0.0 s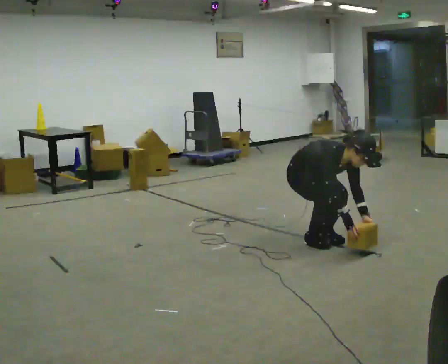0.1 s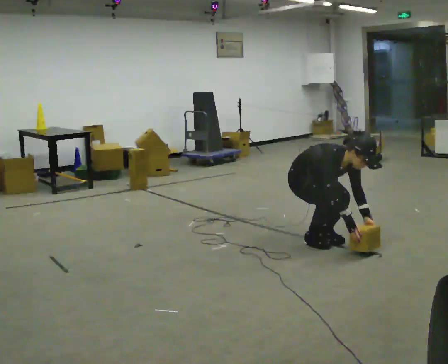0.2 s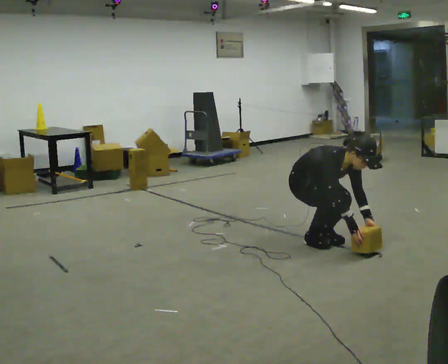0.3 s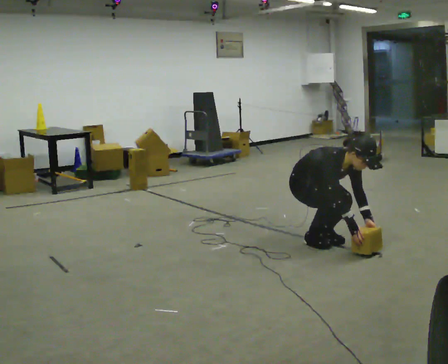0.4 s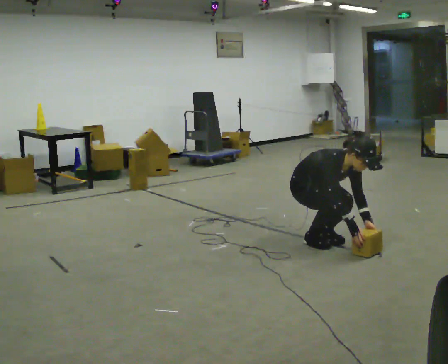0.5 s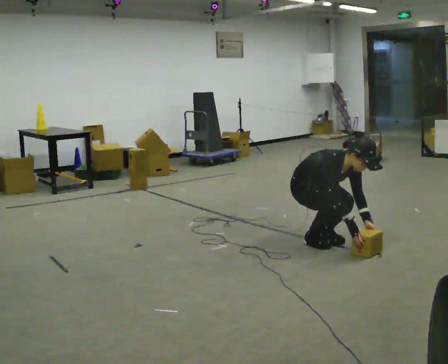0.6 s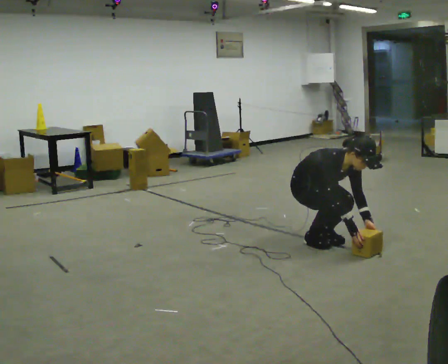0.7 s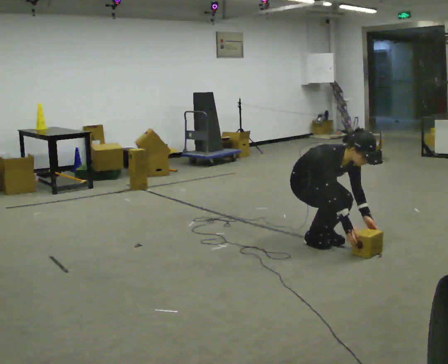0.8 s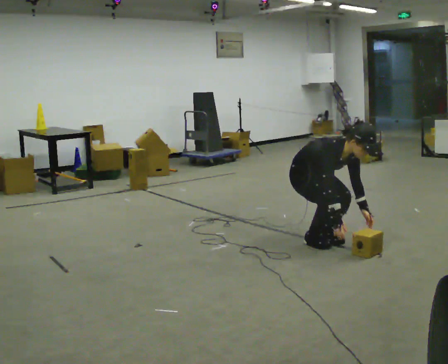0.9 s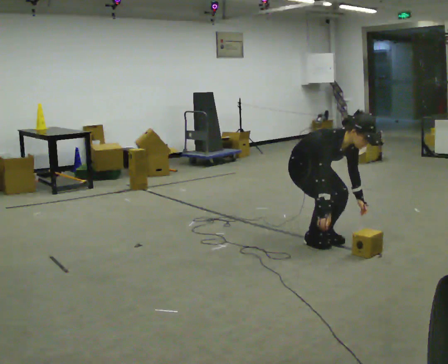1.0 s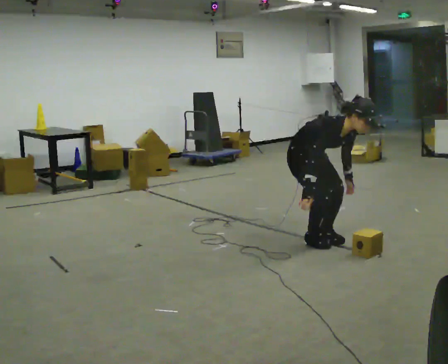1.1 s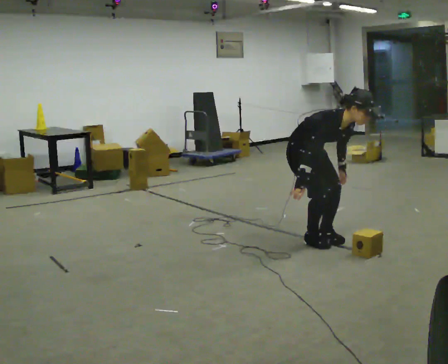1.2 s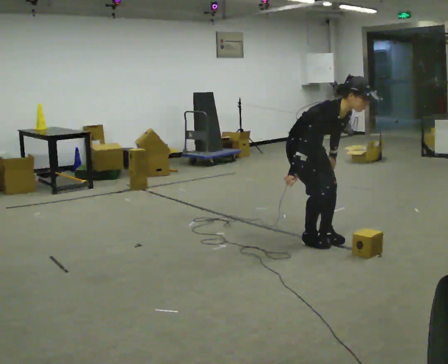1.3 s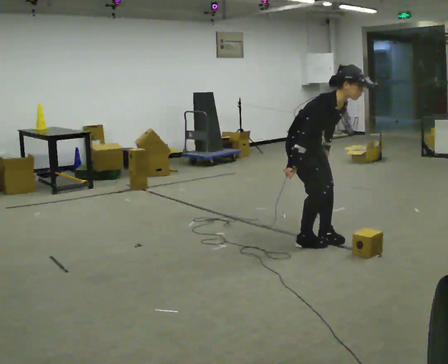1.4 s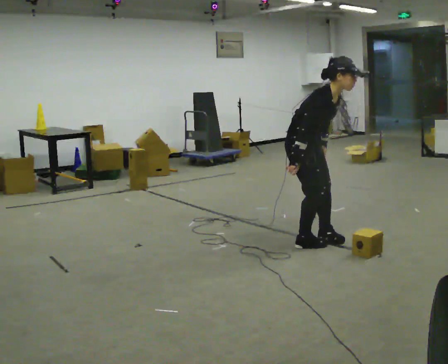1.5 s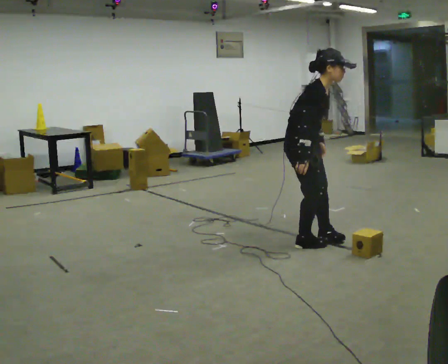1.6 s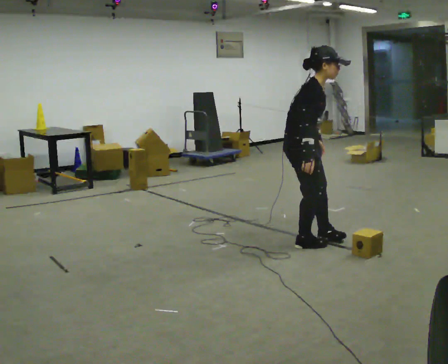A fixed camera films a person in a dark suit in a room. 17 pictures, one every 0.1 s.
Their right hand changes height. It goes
upward.
Their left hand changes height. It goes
upward.
0.0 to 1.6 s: Seen from above the body turns counterclockwise, about 45 degrees: to their left, with its near side sliding to the right. In the picture they go toward the camera, about 0.25 m, which for them is to their right. The upper body goes upward. The upper body tips away from the camera, its near side rolling upward, as they lean back or straighten. In the picture their left hand goes upward and to the left.
The film runs forward here.
